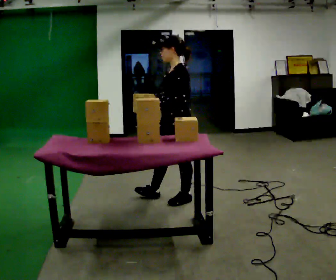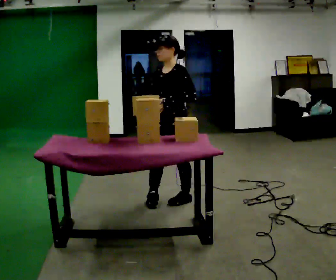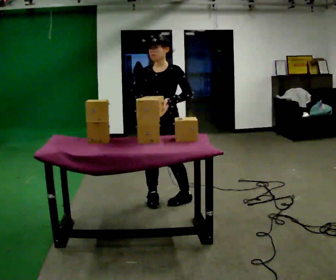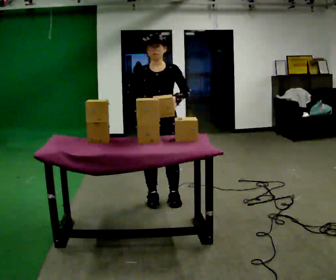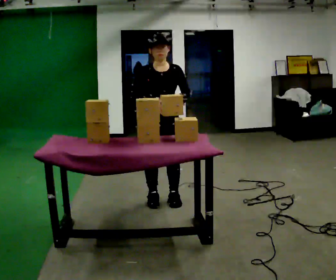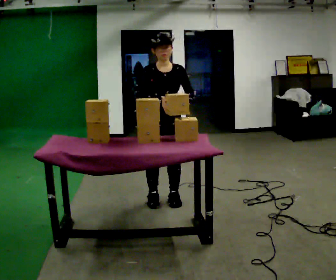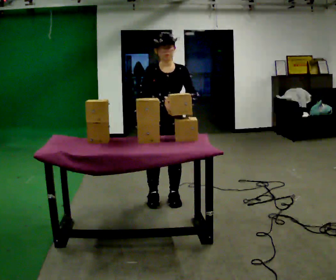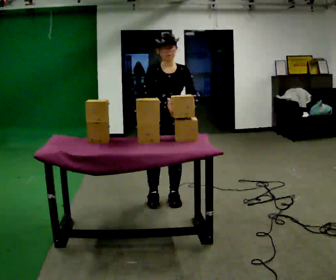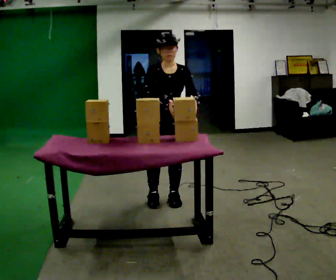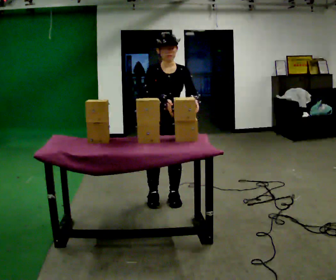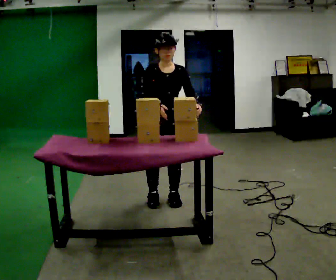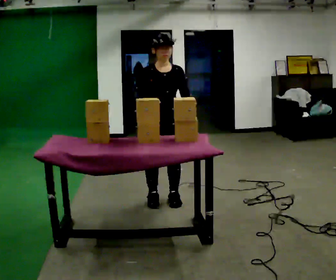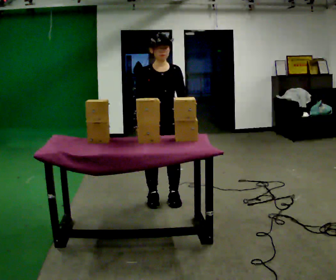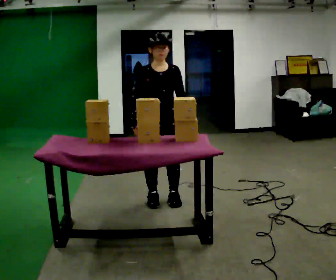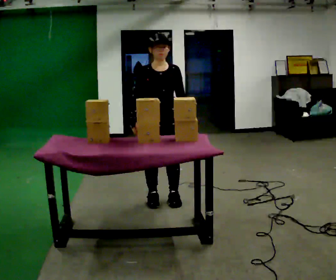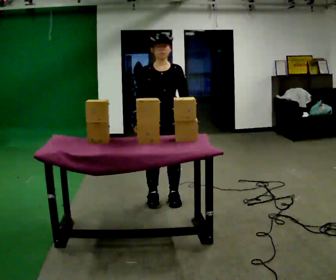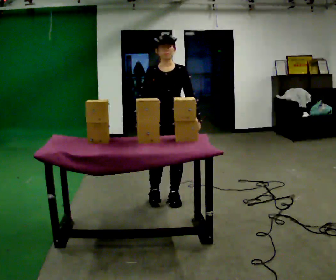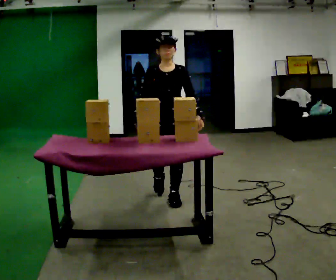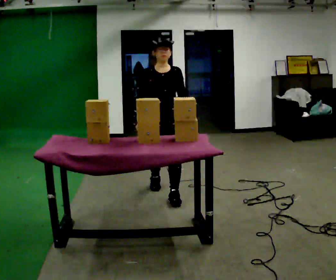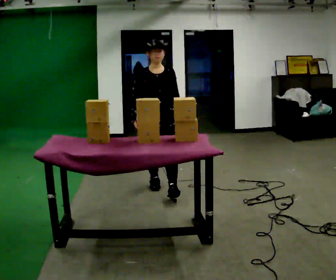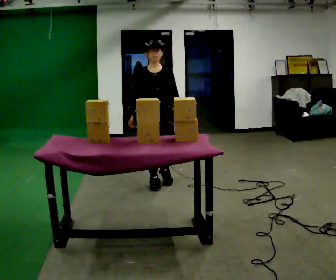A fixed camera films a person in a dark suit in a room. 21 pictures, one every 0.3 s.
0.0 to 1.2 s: The person turns about 90 degrees to their left, counterclockwise seen from above, so the part of the body nearest the lens slides to the right. In the picture they go to the left, about 0.25 m.
1.2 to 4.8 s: The person moves a little, or ends about where they began.
4.8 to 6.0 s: In the picture they go away from the camera, about 0.5 m in 1 step, which for them is backward.
The film runs backward here.
